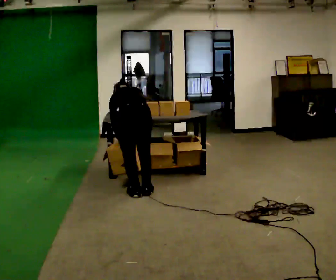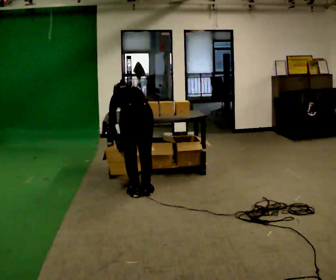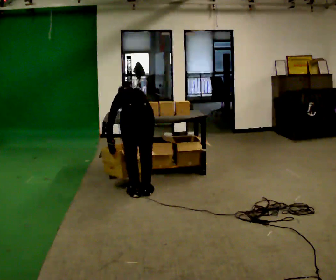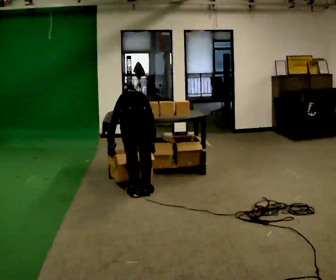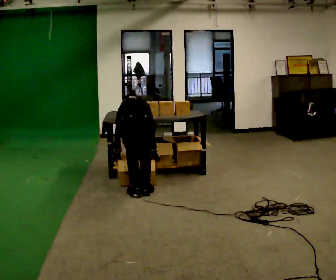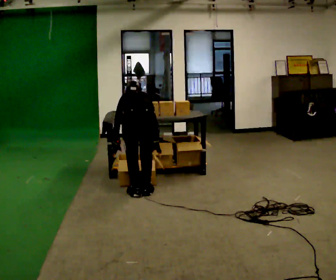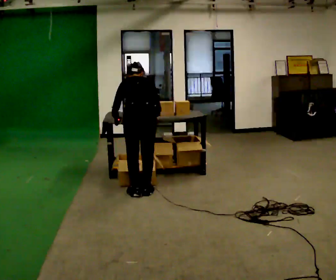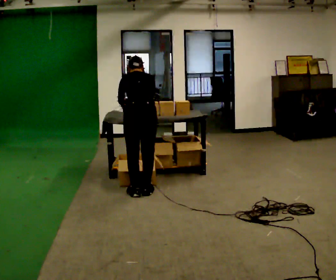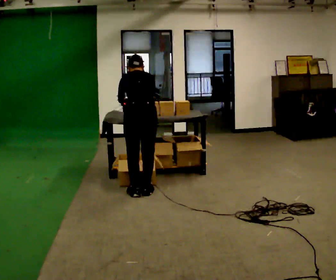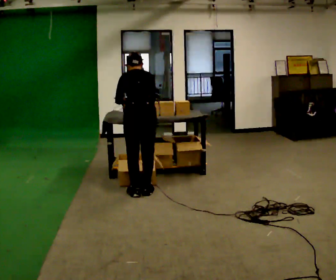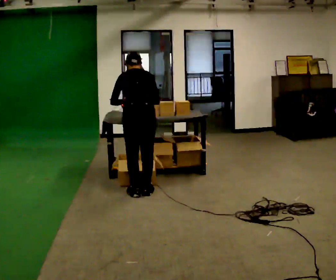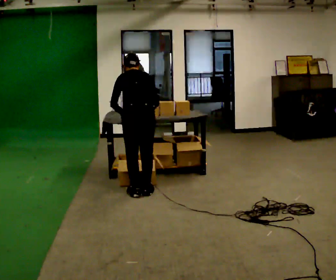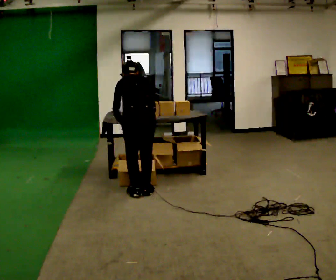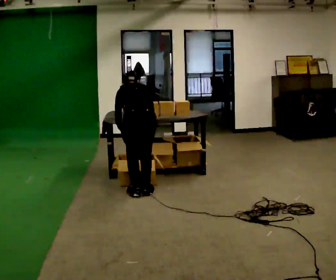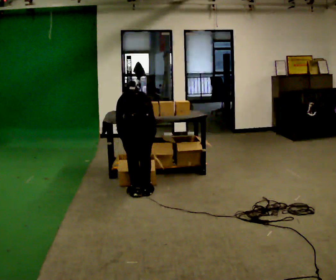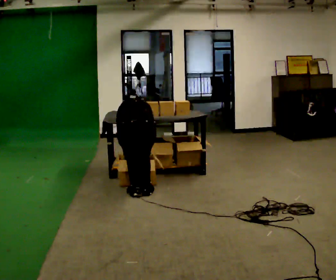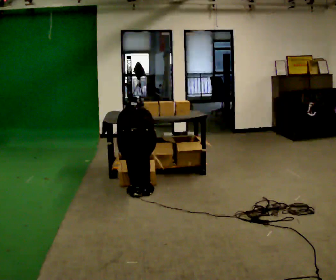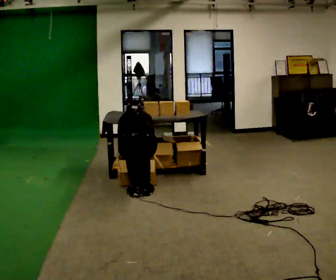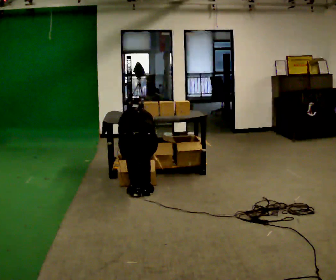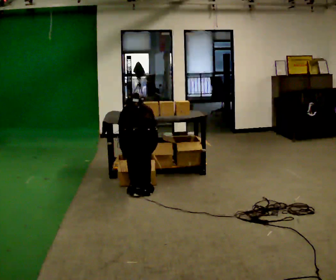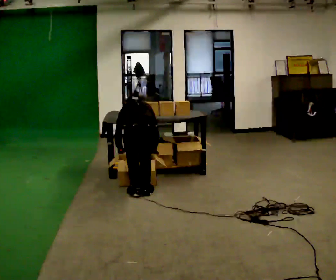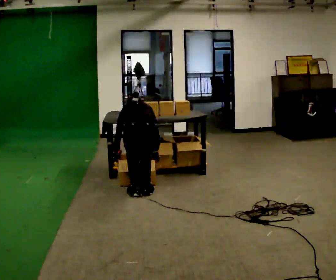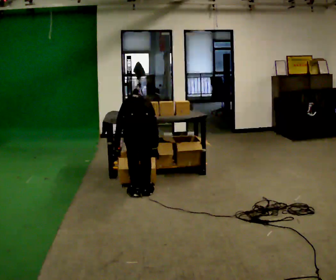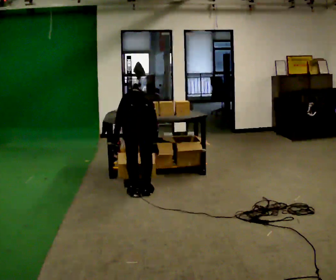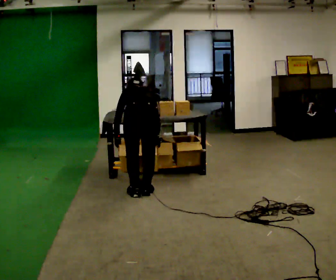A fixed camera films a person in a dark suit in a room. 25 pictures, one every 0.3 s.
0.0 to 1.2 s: The person moves a little, or ends about where they began.
1.2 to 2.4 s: The upper body goes upward. The upper body tips toward the camera, its near side rolling downward, as they lean back or straighten. In the picture their right hand goes upward.
2.4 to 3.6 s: The person moves a little, or ends about where they began.
3.6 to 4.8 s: The upper body goes downward. The upper body tips away from the camera, its near side rolling upward, as they bend forward. In the picture their left hand goes downward.
4.8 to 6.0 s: The person moves a little, or ends about where they began.
6.0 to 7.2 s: The upper body goes upward.
The film runs backward here.
